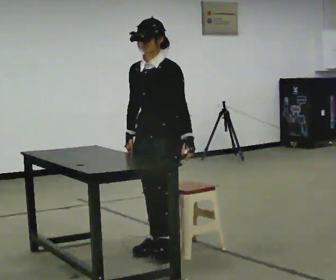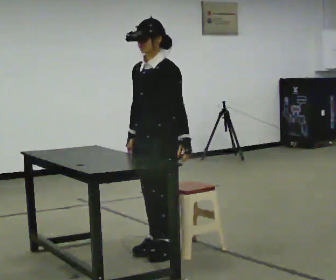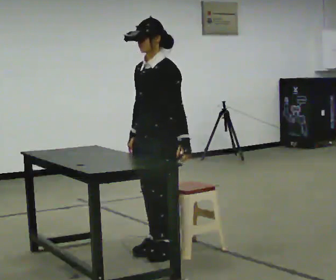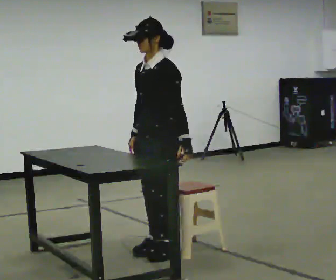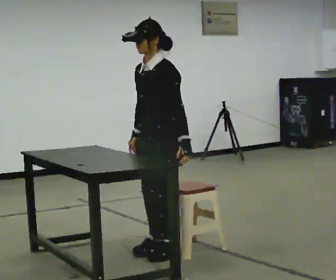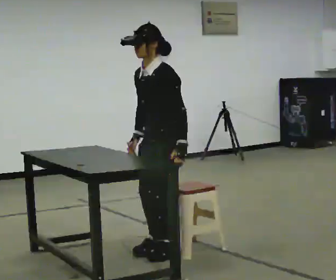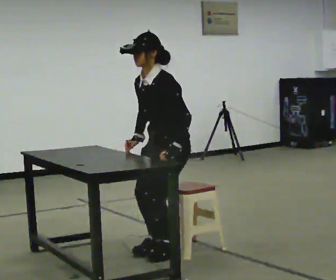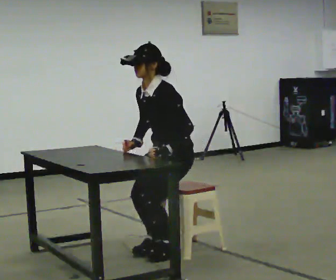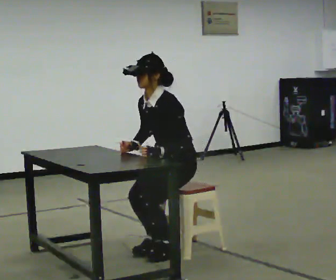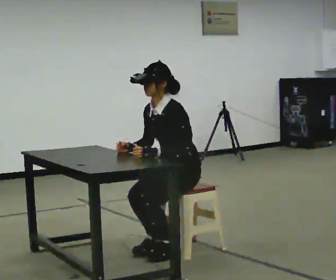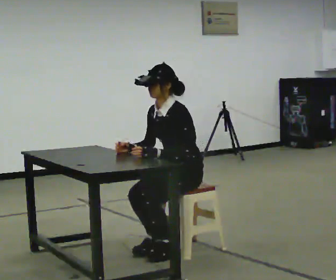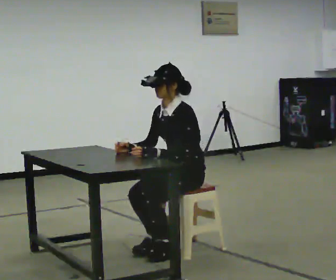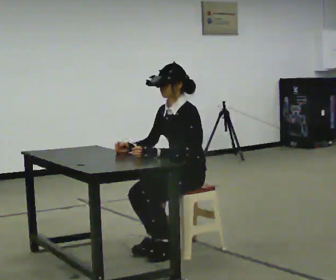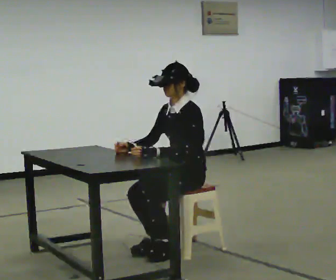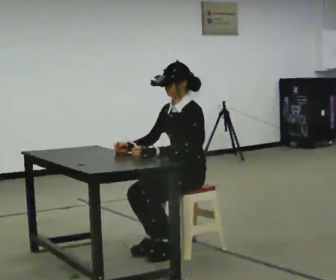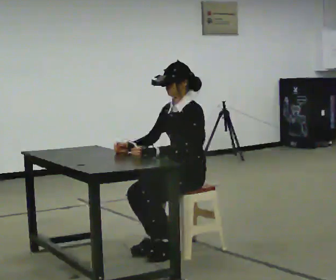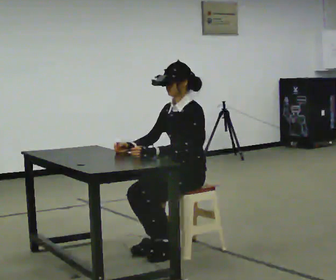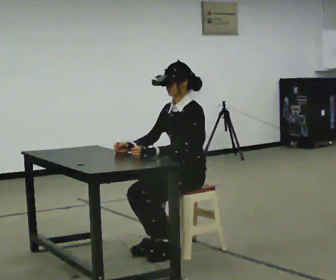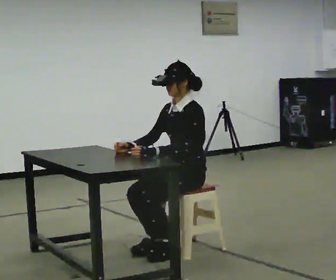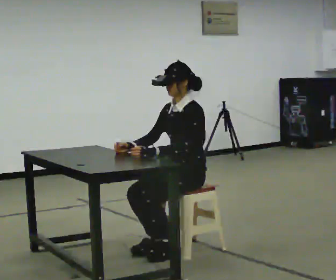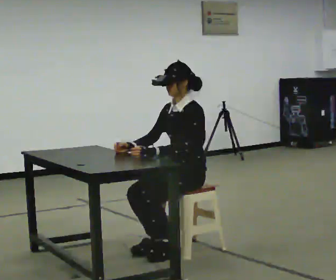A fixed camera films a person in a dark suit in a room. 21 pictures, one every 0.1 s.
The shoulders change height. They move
downward.
0.0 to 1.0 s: In the picture they go to the right, about 0.25 m, which for them is backward. The upper body goes downward.
1.0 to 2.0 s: In the picture the upper body tilts clockwise, shoulders to the right, as they lean back or straighten.
The film runs backward here.
